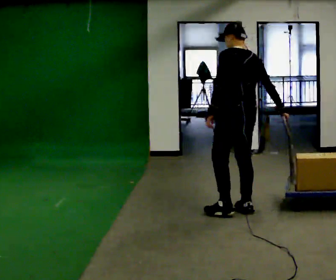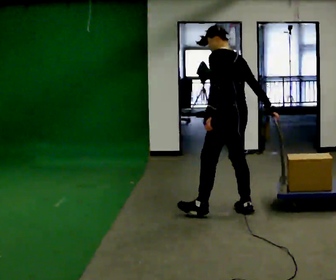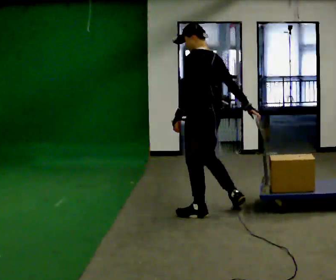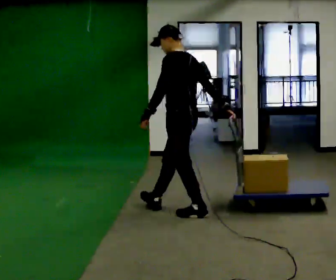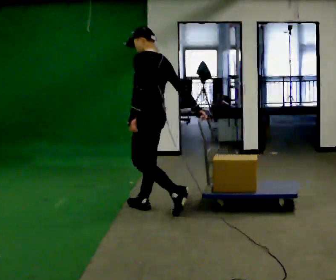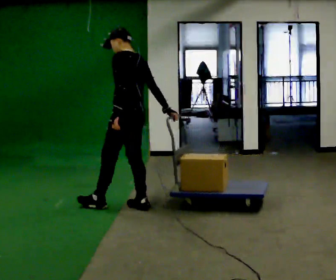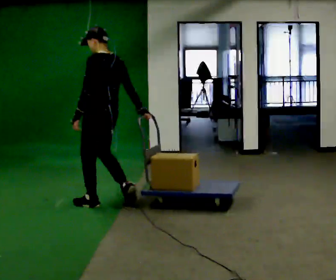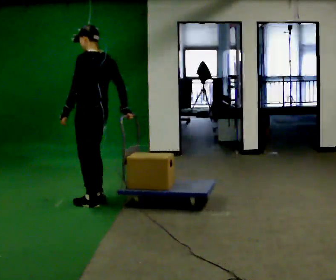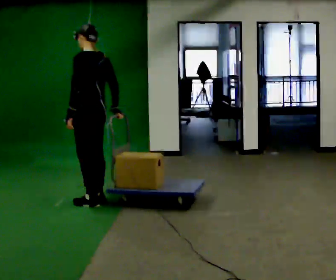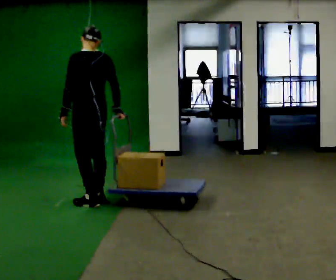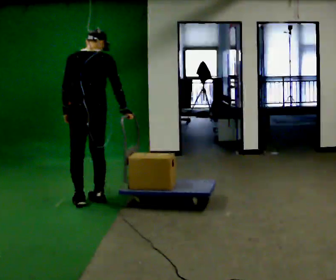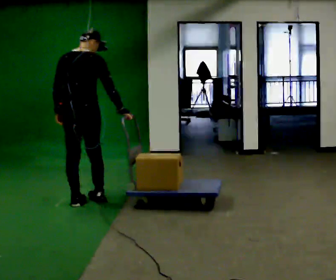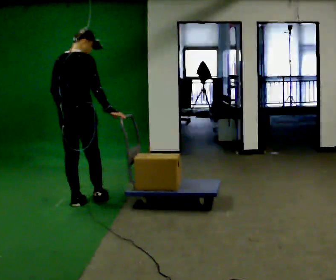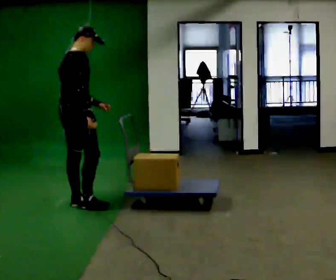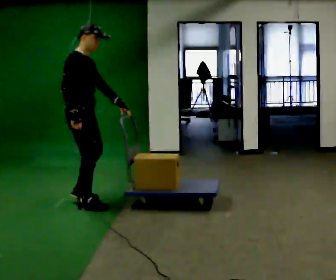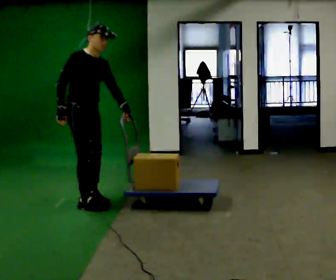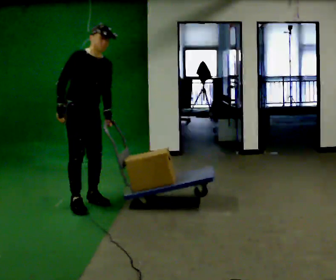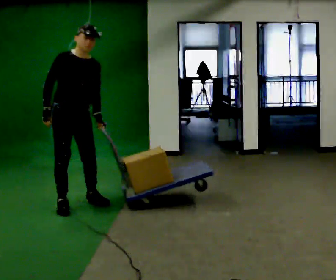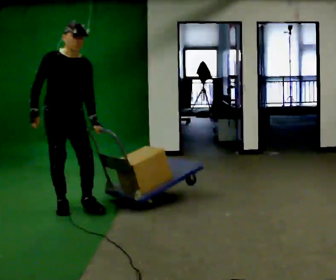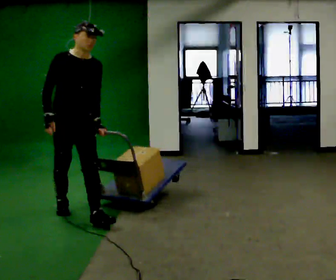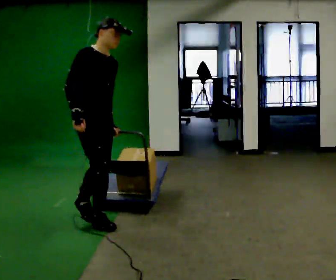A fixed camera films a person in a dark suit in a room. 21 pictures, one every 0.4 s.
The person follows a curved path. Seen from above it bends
counterclockwise.
0.0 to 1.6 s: The part of the body nearest the lens slides to the right as the person turns to their left by about 30 degrees. In the picture they go to the left, about 1 m in 2 steps, which for them is forward and to their left.
1.6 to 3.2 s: In the picture they go to the left and away from the camera, about 0.5 m in 2 steps, which for them is forward.
3.2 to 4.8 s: The part of the body nearest the lens slides to the left as the person turns to their right by about 75 degrees. In the picture they go to the left, about 0.25 m in 1 step.
4.8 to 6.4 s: Seen from above the body turns clockwise, about 120 degrees: to their right, with its near side sliding to the left. In the picture the upper body tilts clockwise, shoulders to the right. In the picture their right hand goes to the left, the arm swinging clockwise.
6.4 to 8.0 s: In the picture they go toward the camera, about 0.5 m in 2 steps, which for them is forward.
The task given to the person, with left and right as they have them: Pull the cart behind you as you walk backward across the room. The operator will confirm the space behind you is clear before each take.
The film runs forward here.
